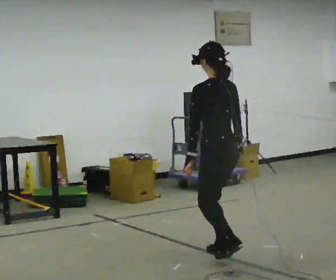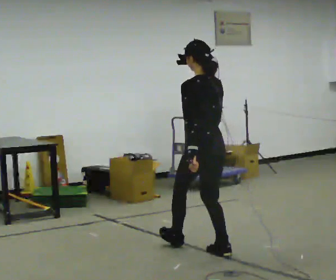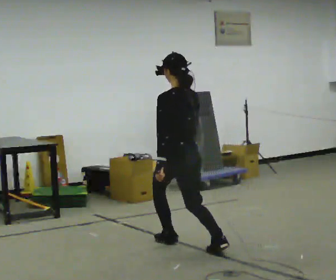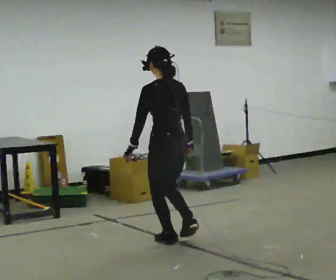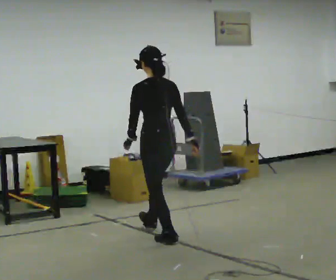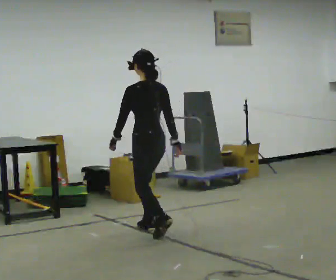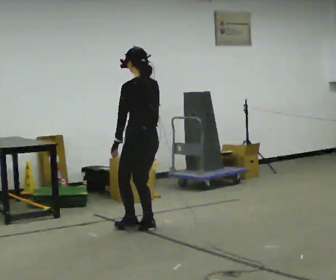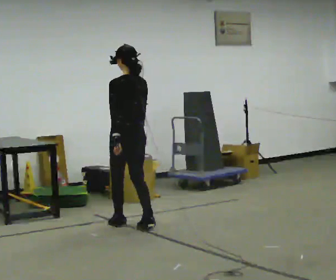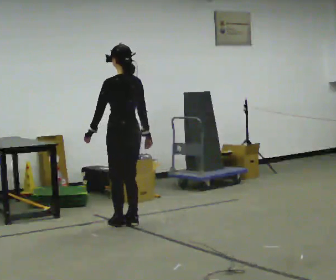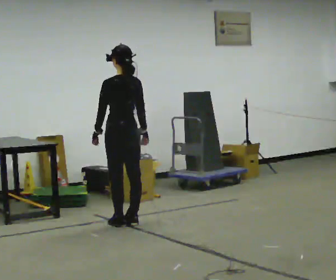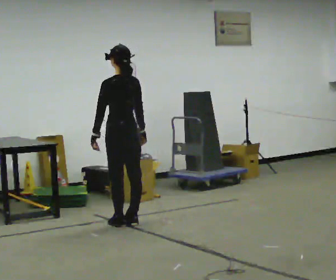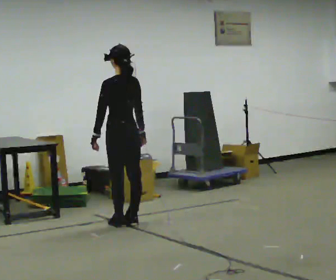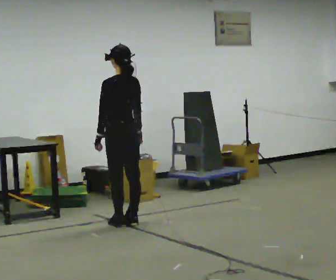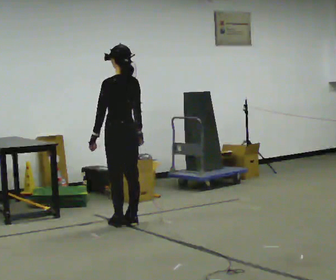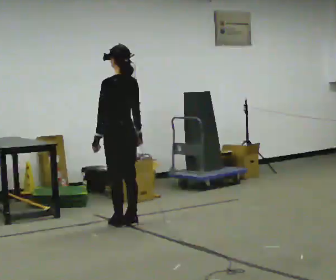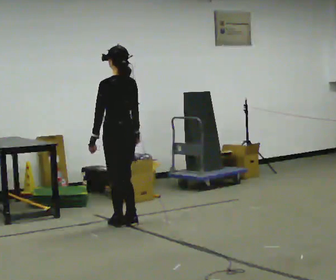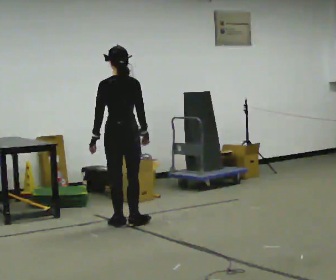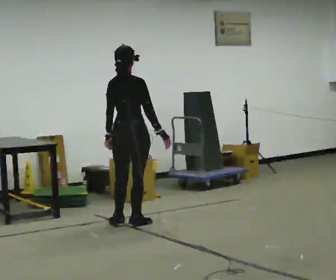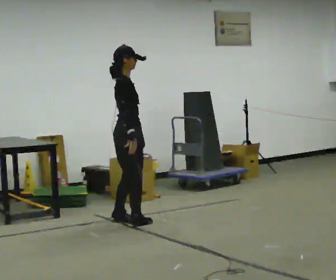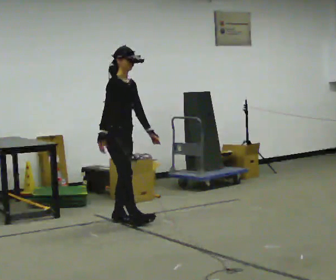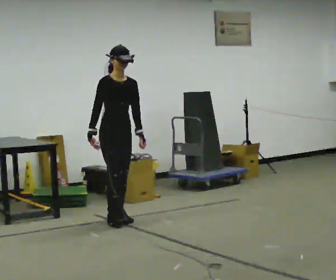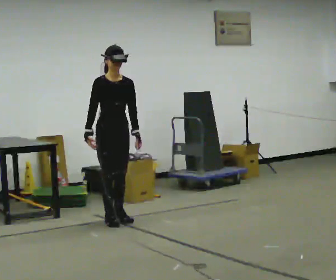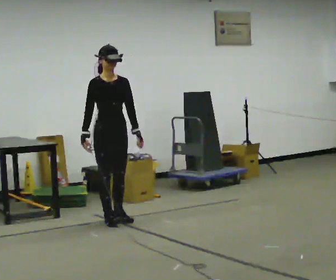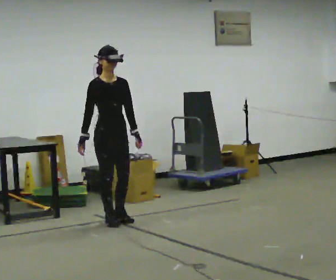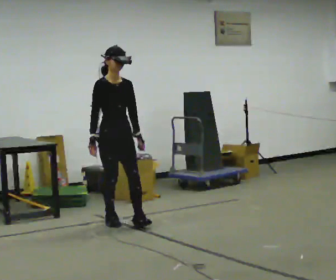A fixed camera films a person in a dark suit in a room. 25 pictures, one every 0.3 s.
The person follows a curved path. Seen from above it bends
counterclockwise.
0.0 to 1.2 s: In the picture they go away from the camera and to the left, about 1 m in 1 step, which for them is forward.
1.2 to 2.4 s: In the picture they go away from the camera and to the left, about 0.5 m in 3 steps, which for them is forward.
2.4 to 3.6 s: The person moves a little, or ends about where they began.
3.6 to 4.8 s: The person turns about 30 degrees to their right, clockwise seen from above, so the part of the body nearest the lens slides to the left.
4.8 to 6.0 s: The person turns about 165 degrees to their right, clockwise seen from above, so the part of the body nearest the lens slides to the left. In the picture they go away from the camera, about 0.25 m in 1 step. In the picture their right hand goes to the left, the arm swinging clockwise.
6.0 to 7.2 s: In the picture they go toward the camera, about 0.25 m in 1 step, which for them is forward.
The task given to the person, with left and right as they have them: Walk forward in a lowered crouched posture at a comfortable speed; do not go lower than is comfortable; stop.
The film runs forward here.
